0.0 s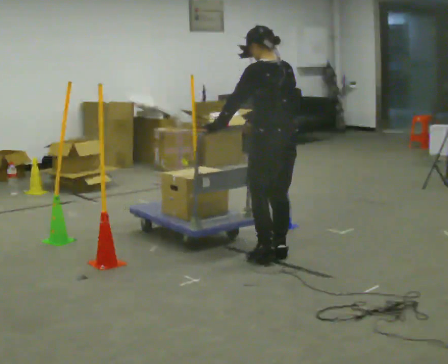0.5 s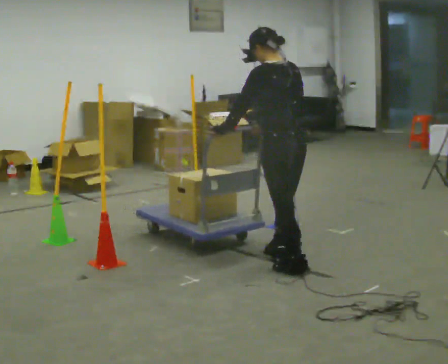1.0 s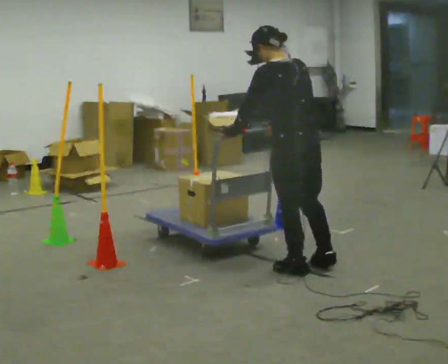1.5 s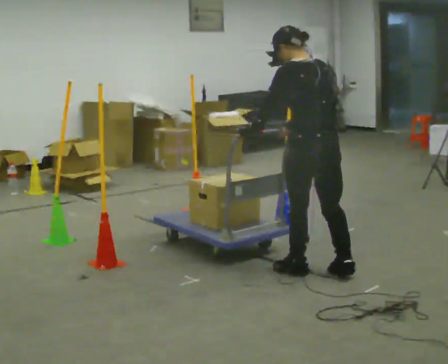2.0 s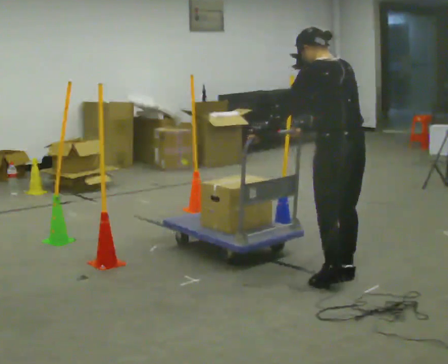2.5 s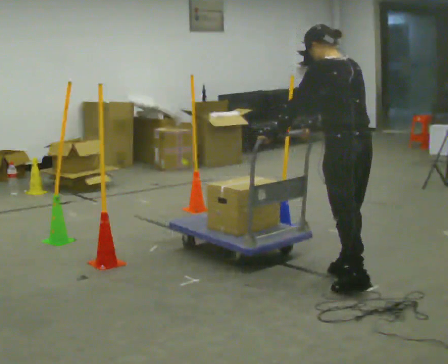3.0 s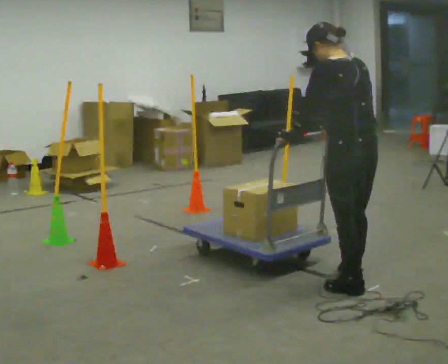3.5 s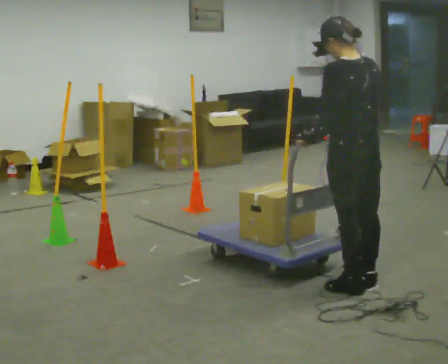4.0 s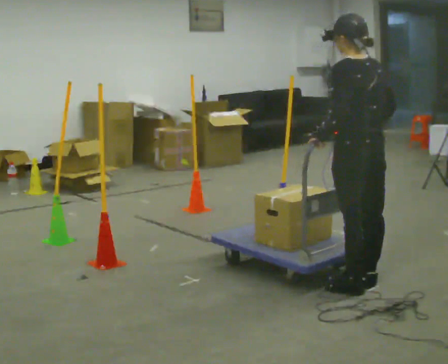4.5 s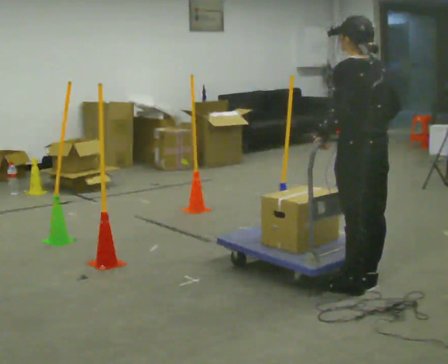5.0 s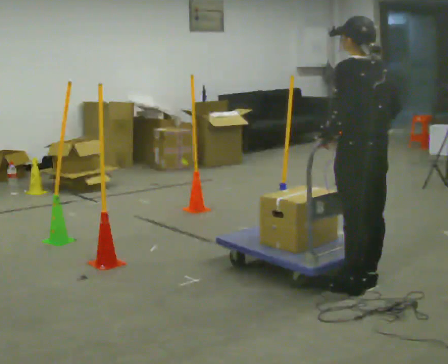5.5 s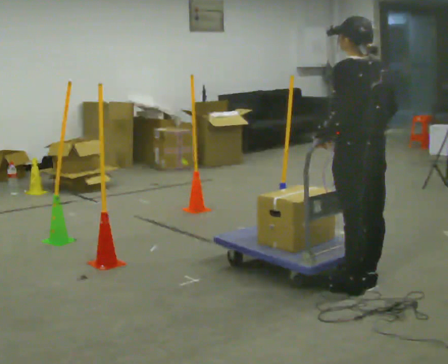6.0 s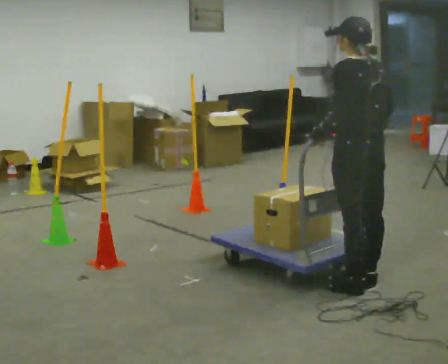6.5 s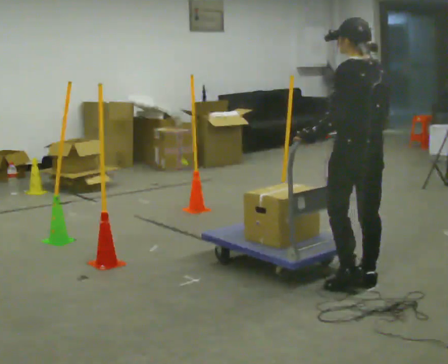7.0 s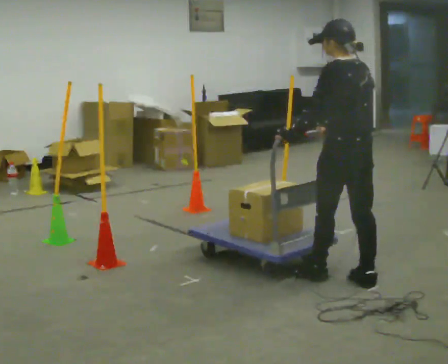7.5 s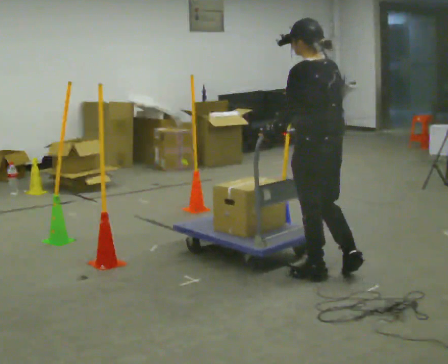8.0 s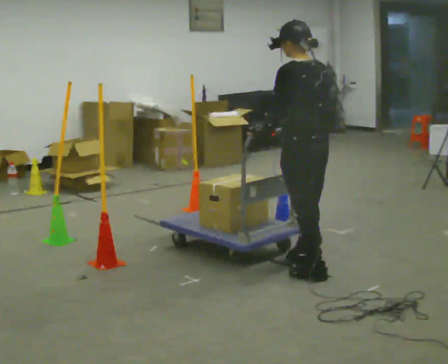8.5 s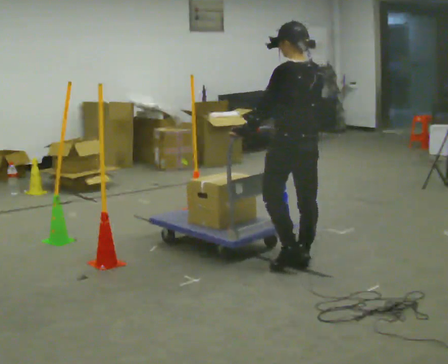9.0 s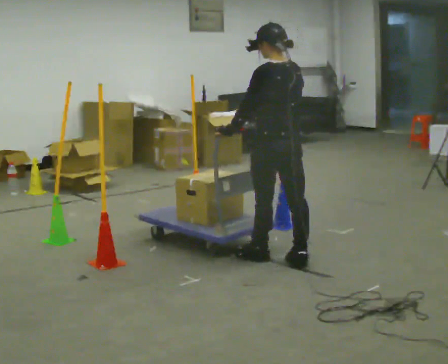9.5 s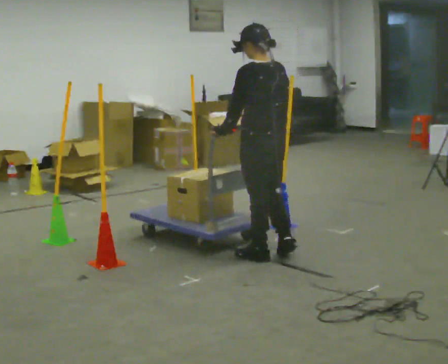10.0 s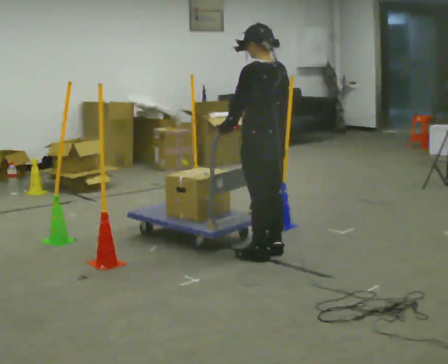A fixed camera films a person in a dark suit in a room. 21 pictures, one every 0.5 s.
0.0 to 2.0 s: In the picture they go to the right and toward the camera, about 0.5 m in 2 steps, which for them is backward.
2.0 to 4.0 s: In the picture they go toward the camera, about 0.25 m in 2 steps, which for them is backward. In the picture their right hand goes to the right.
4.0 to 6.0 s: The person moves a little, or ends about where they began.
6.0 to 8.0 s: In the picture they go to the left and away from the camera, about 0.5 m in 2 steps, which for them is forward.
8.0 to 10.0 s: In the picture they go away from the camera and to the left, about 0.5 m in 2 steps, which for them is forward.
The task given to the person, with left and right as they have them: Push the cart in and out of the line of poles without touching any of them. Keep going until the operator says stop.
The film runs forward here.
